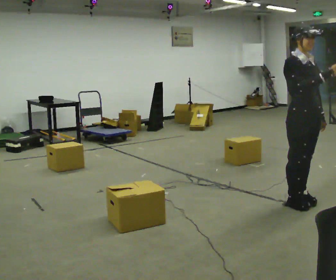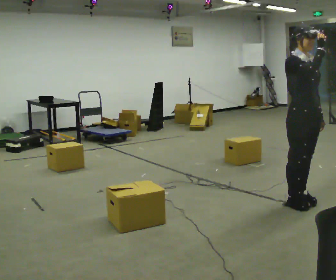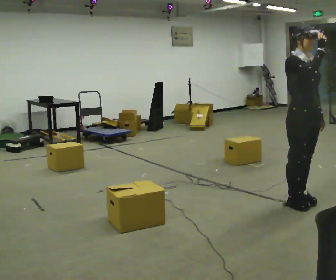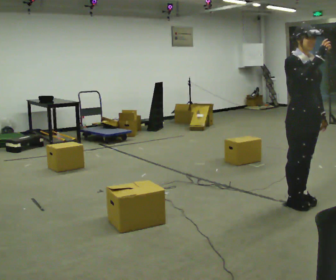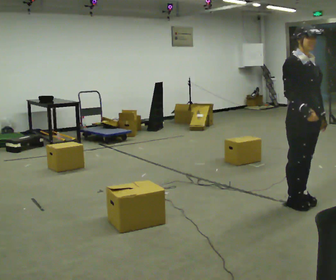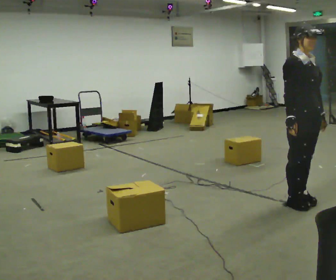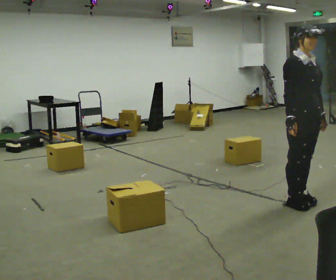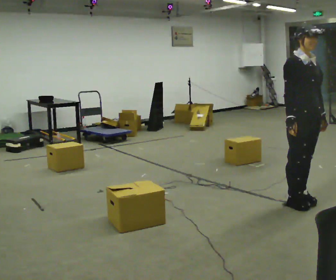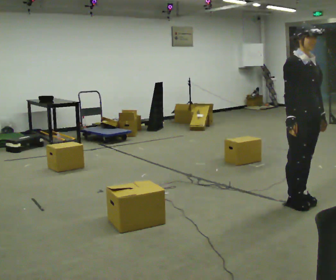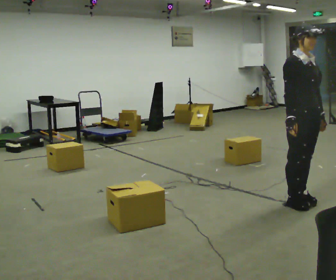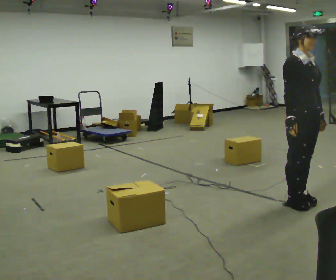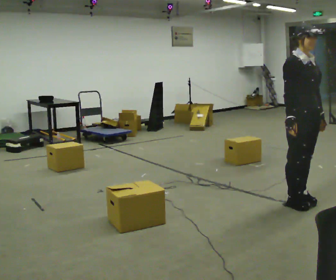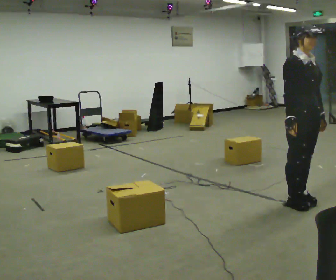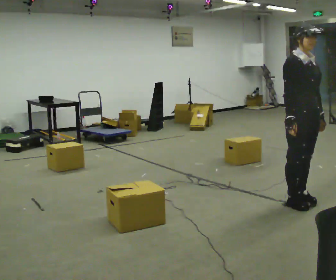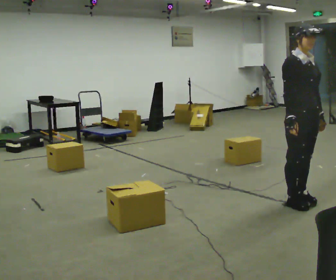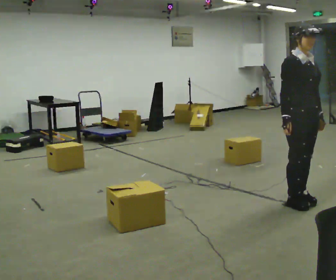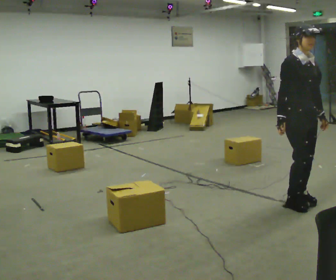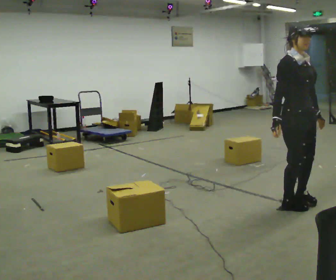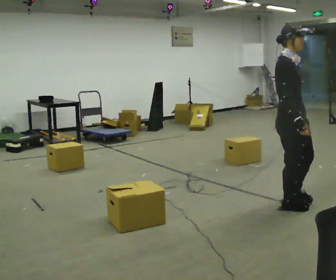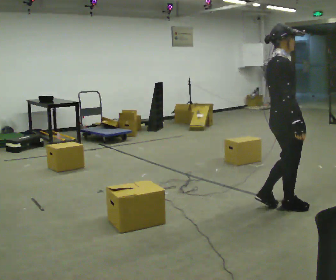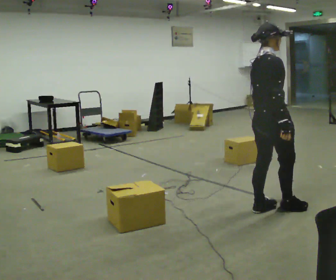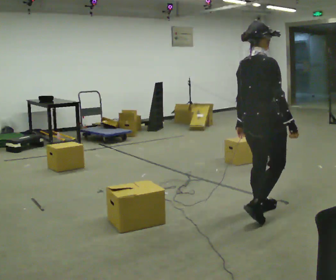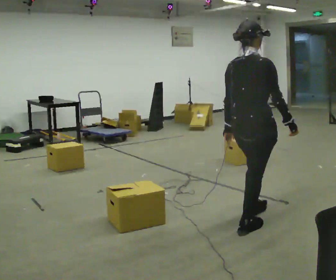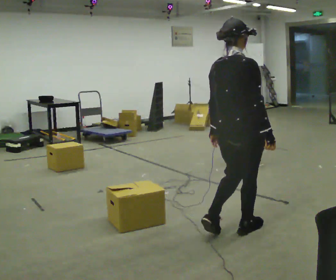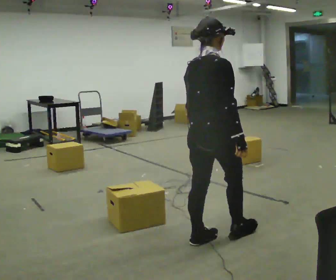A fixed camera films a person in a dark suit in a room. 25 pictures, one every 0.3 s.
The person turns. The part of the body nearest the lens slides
to the right.
The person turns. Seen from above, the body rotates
counterclockwise.
0.0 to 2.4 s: The person moves a little, or ends about where they began.
2.4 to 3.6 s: The person keeps their place and pose.
3.6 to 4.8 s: The person moves a little, or ends about where they began.
4.8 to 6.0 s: Seen from above the body turns counterclockwise, about 75 degrees: to their left, with its near side sliding to the right. In the picture they go toward the camera and to the left, about 0.25 m in 1 step.
6.0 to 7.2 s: Seen from above the body turns counterclockwise, about 30 degrees: to their left, with its near side sliding to the right. In the picture they go toward the camera and to the left, about 0.75 m in 3 steps, which for them is backward.
The film runs backward here.
